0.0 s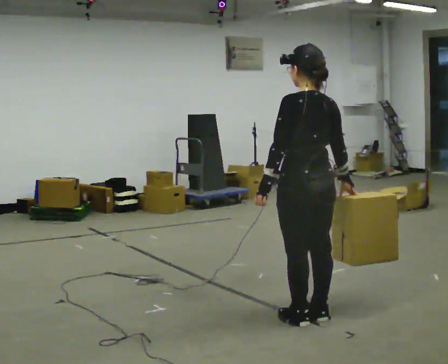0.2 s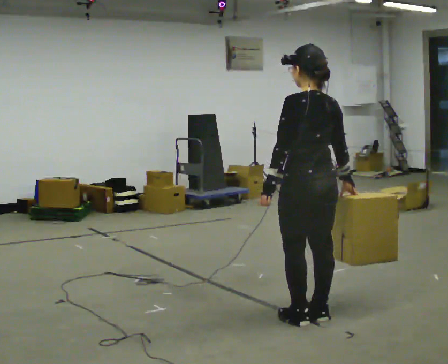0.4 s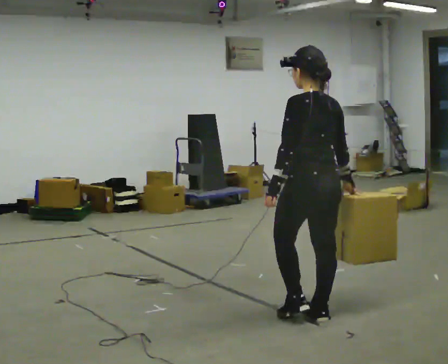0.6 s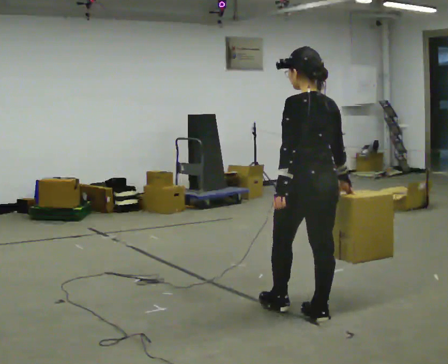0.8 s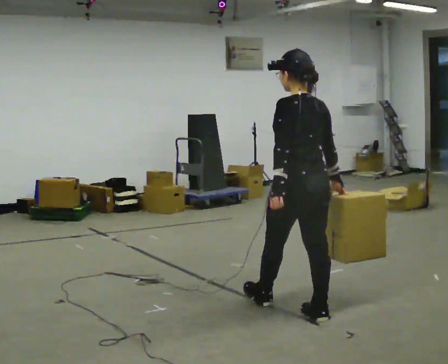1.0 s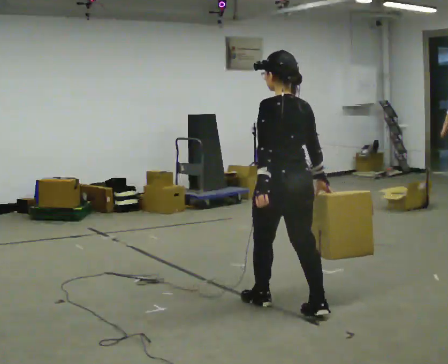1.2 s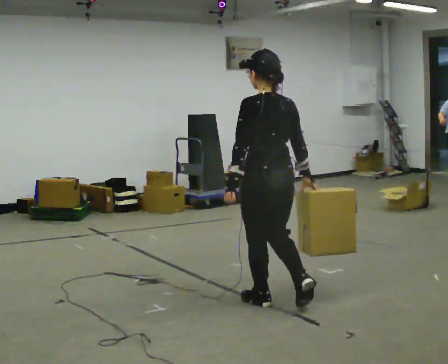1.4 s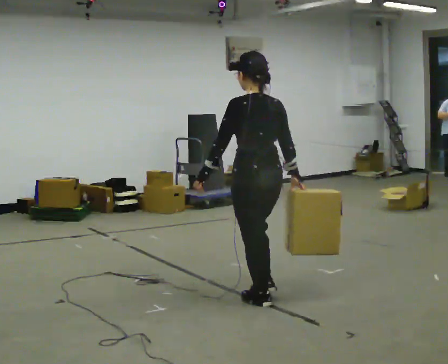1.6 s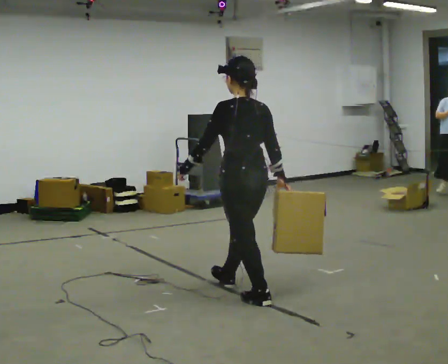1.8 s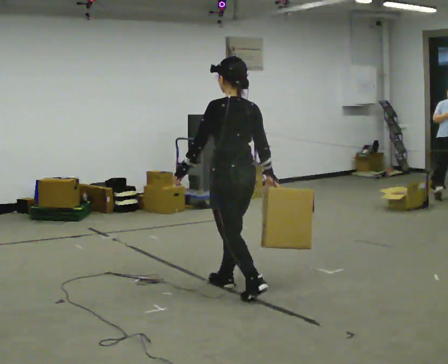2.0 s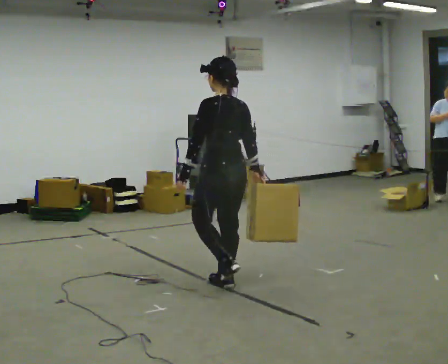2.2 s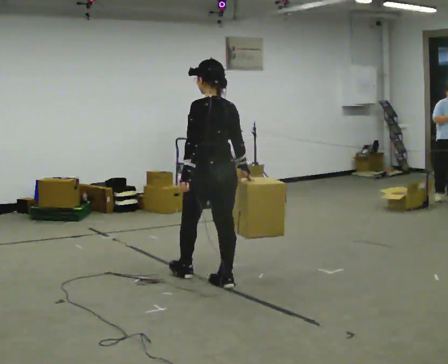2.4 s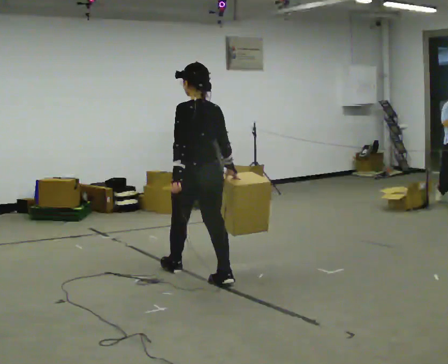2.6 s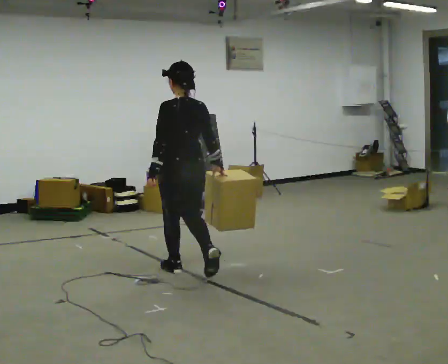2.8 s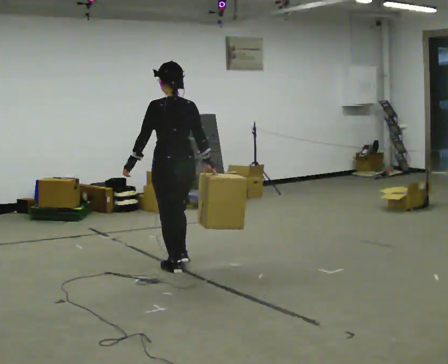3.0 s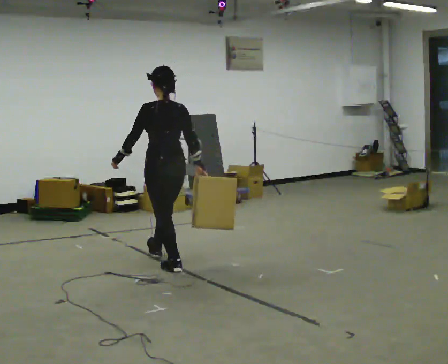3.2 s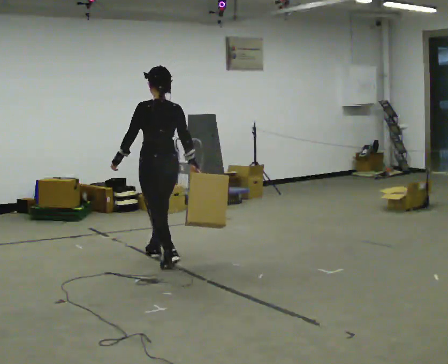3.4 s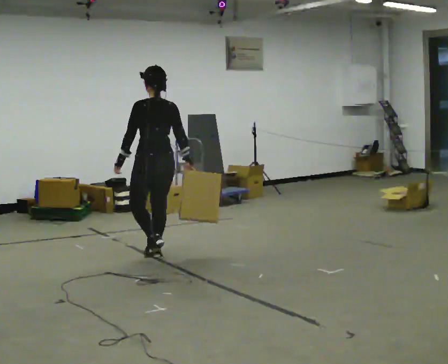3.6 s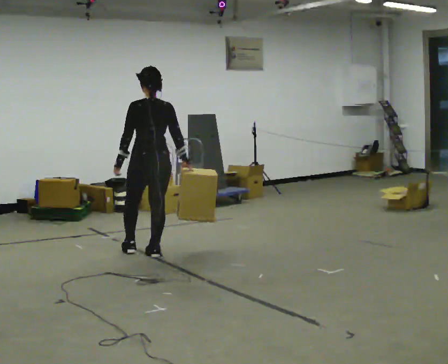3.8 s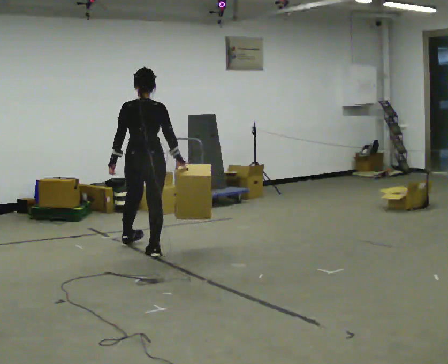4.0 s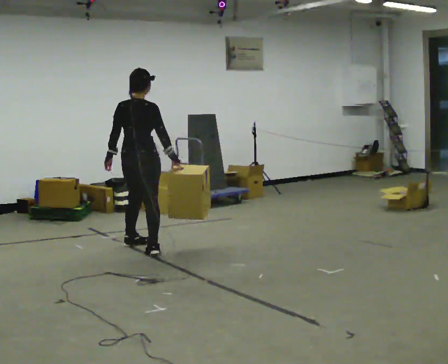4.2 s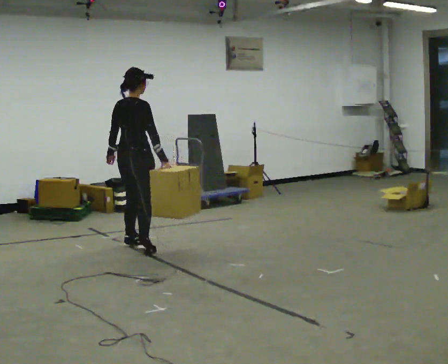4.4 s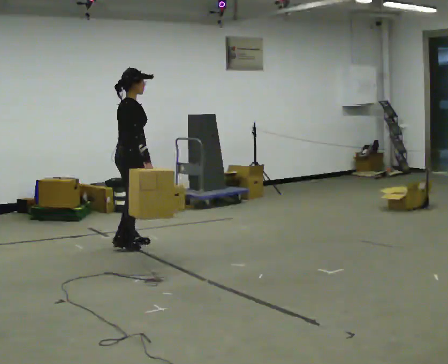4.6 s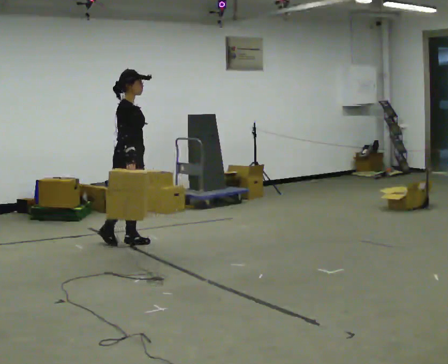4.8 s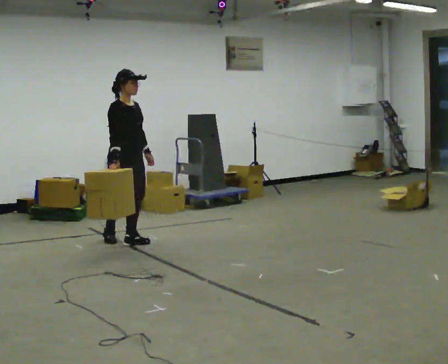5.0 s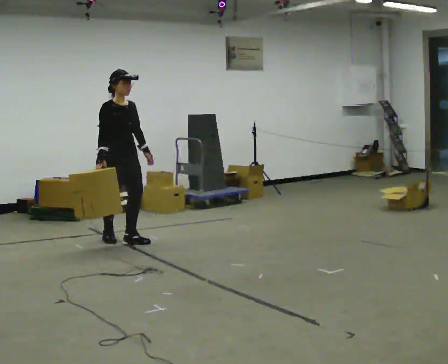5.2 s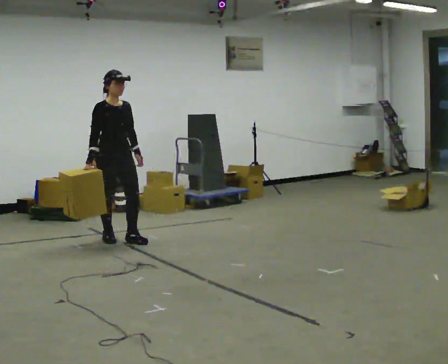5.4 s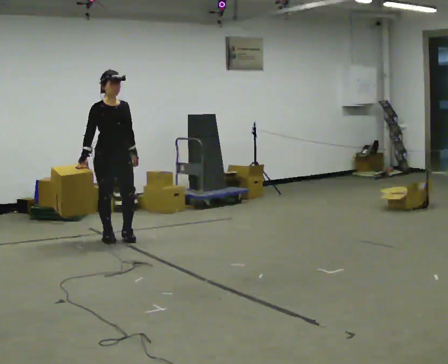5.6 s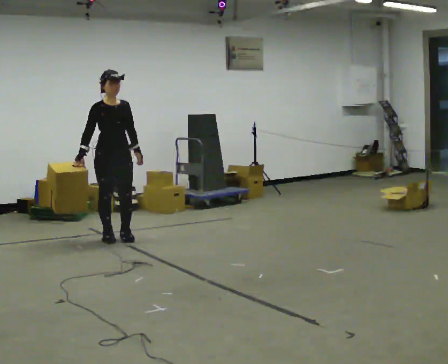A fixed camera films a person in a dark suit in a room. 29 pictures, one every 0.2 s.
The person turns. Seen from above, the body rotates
clockwise.
The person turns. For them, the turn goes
to their right.
0.0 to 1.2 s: In the picture they go away from the camera and to the left, about 0.5 m in 1 step, which for them is forward.
1.2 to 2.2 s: In the picture they go away from the camera and to the left, about 0.75 m in 1 step, which for them is forward.
2.2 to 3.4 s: In the picture they go away from the camera and to the left, about 1 m in 2 steps, which for them is forward.
3.4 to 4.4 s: Seen from above the body turns clockwise, about 105 degrees: to their right, with its near side sliding to the left. In the picture they go away from the camera and to the left, about 0.5 m in 1 step.
4.4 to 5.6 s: Seen from above the body turns clockwise, about 75 degrees: to their right, with its near side sliding to the left. In the picture they go away from the camera and to the left, about 0.25 m in 2 steps.
The film runs forward here.
